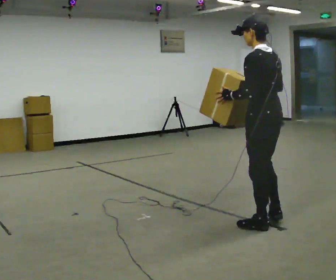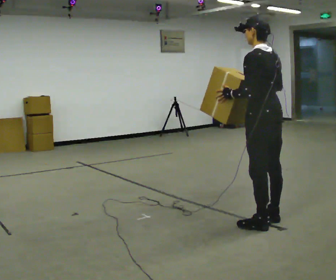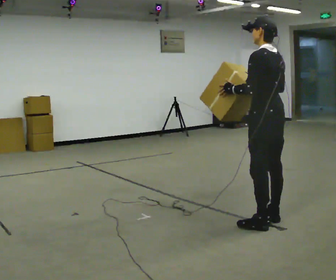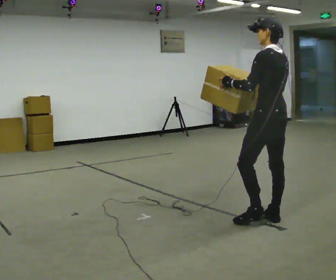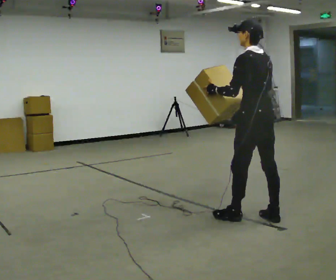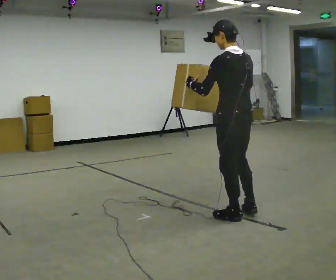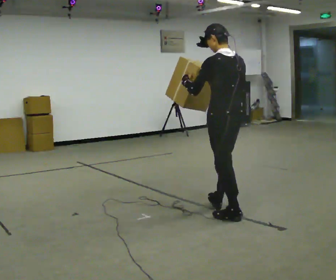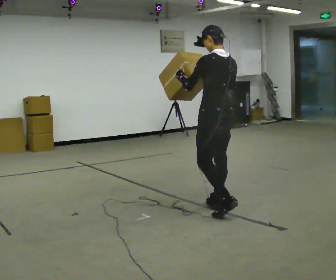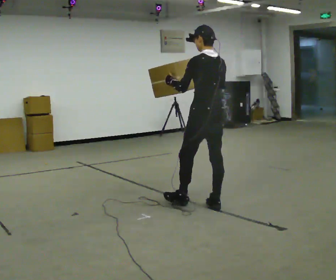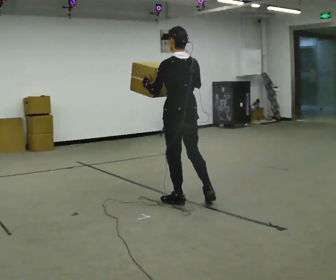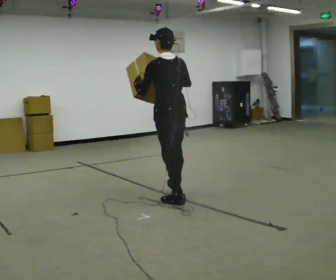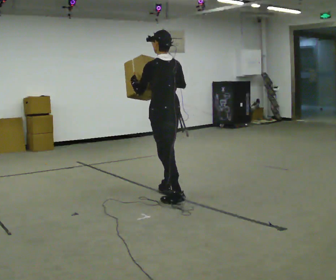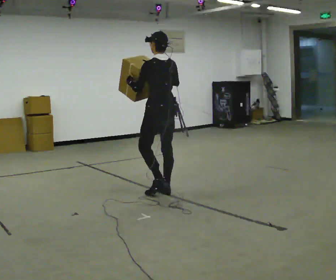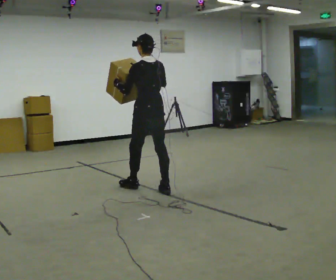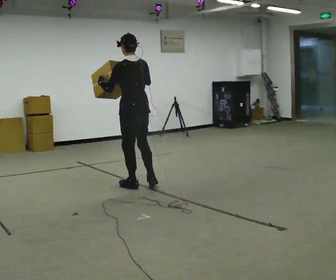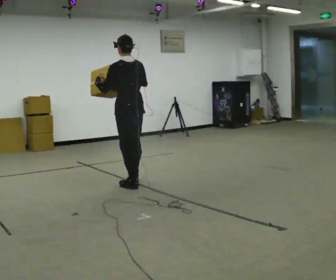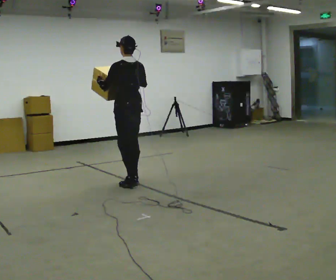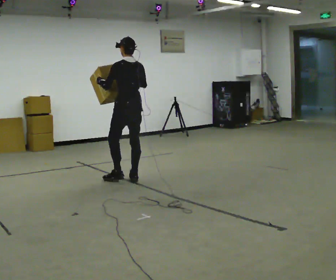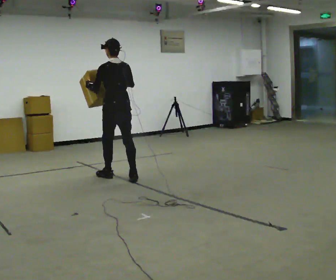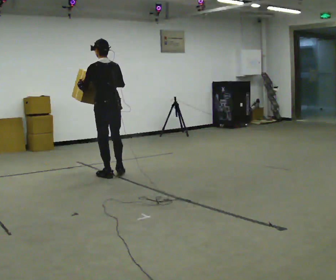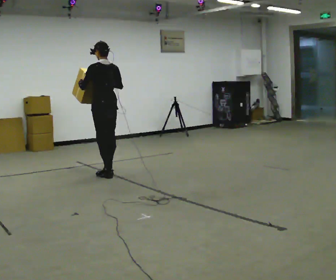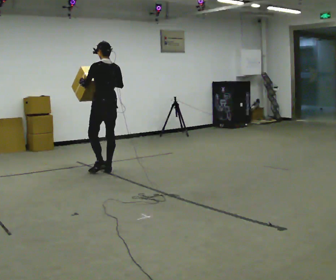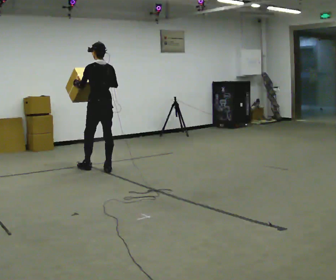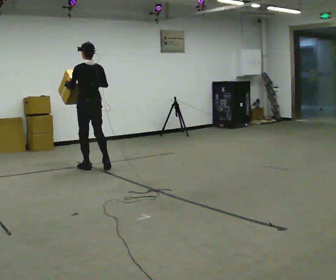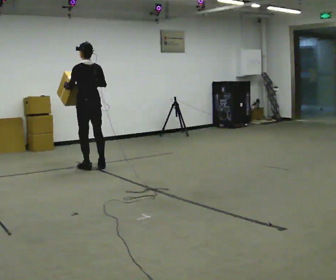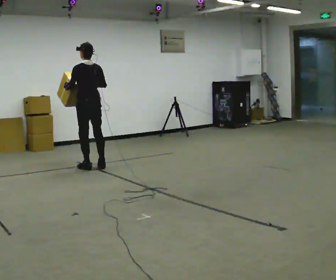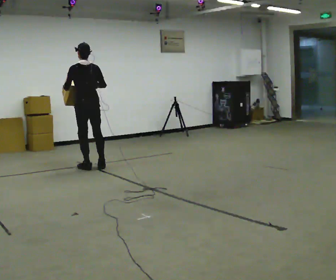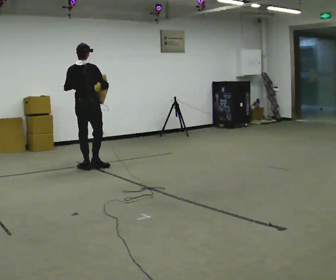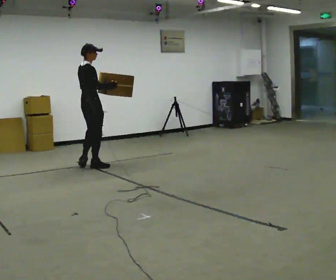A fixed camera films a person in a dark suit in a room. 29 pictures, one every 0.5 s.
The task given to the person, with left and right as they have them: Carry the object and, while walking, turn it over in your hands to look at all sides of it. Keep turning it as you walk.
0.0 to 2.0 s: In the picture they go away from the camera, about 0.25 m in 1 step, which for them is forward.
2.0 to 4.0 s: In the picture they go away from the camera and to the left, about 0.5 m in 1 step, which for them is forward.
4.0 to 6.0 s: In the picture they go away from the camera and to the left, about 0.5 m in 2 steps, which for them is forward.
6.0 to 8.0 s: In the picture they go away from the camera and to the left, about 0.5 m in 2 steps, which for them is forward.
8.0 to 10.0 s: In the picture they go away from the camera and to the left, about 0.5 m in 2 steps, which for them is forward.
10.0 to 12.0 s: In the picture they go away from the camera and to the left, about 0.5 m in 2 steps, which for them is forward.
12.0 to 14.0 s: The person turns about 90 degrees to their right, clockwise seen from above, so the part of the body nearest the lens slides to the left.
The film runs forward here.
